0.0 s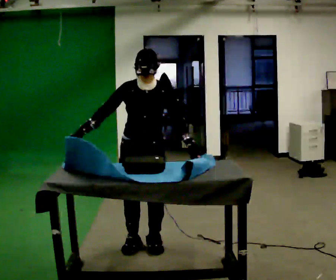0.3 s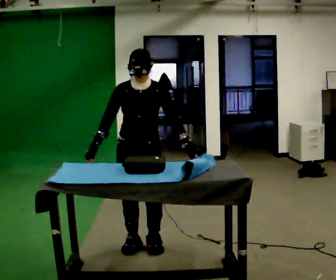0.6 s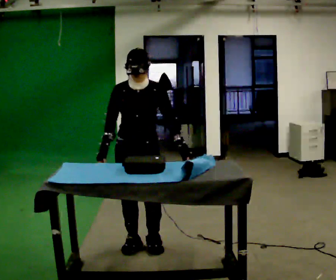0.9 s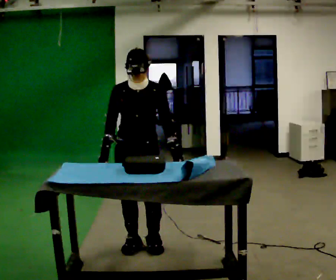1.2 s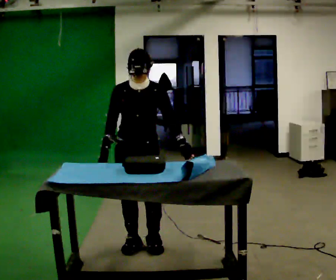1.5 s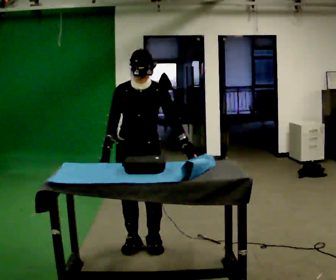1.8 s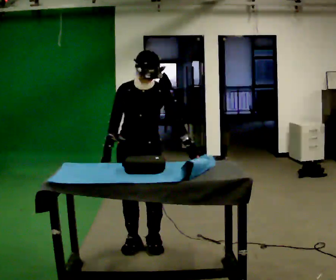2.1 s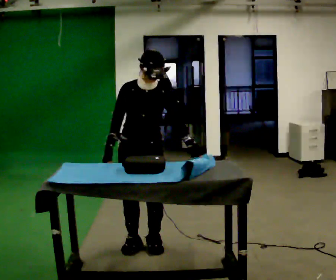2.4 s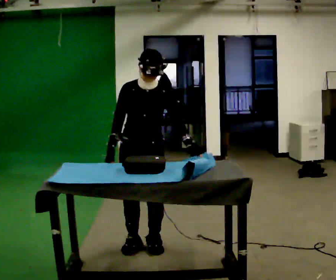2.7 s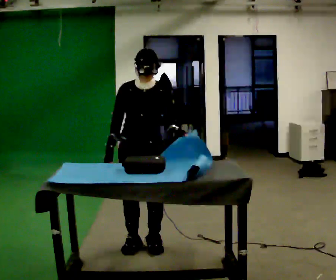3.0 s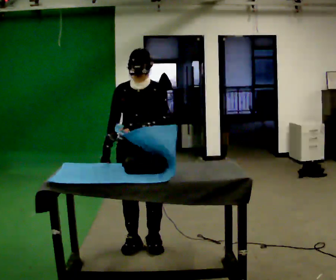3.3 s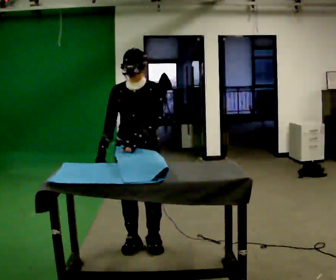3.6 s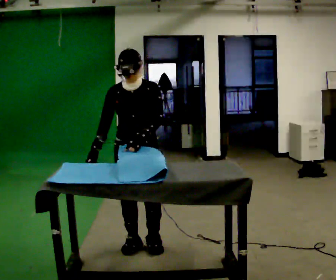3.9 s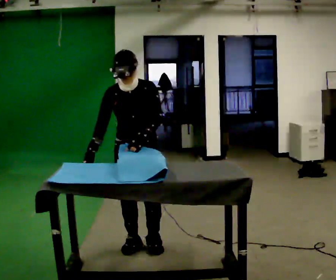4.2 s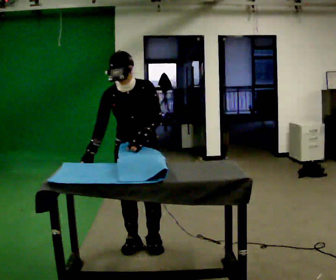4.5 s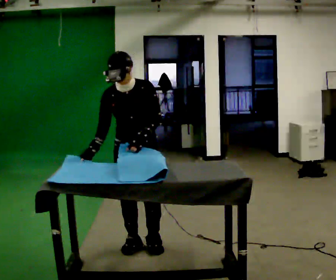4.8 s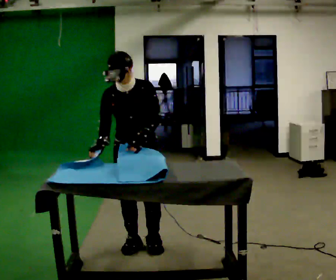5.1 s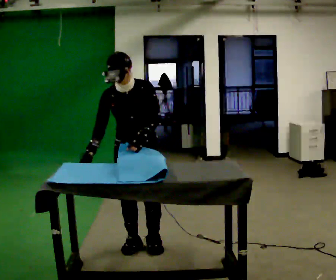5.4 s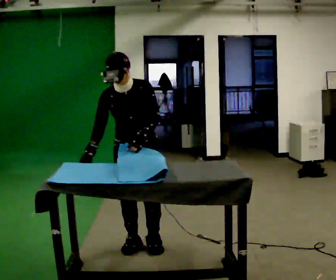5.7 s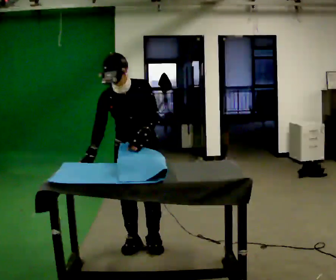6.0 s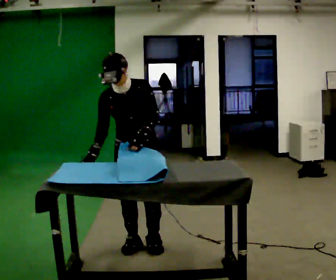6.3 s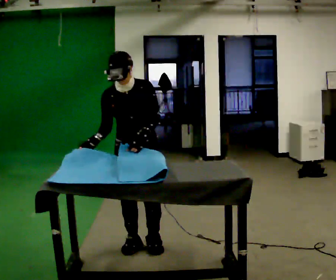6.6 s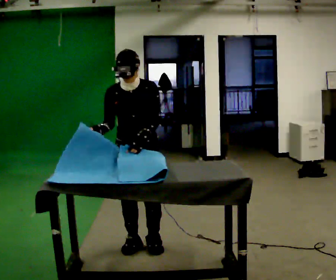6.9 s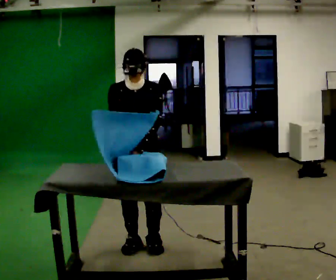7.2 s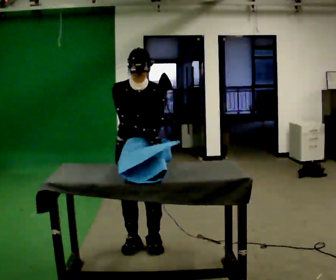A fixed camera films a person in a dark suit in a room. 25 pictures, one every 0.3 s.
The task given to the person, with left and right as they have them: Wrap the cloth around the object and tuck it in, then unwrap it. Repeat at your own pace until the operator says stop. Keep both feet on the marked spots for the whole take. If you have to step, stop and tell the operator.
0.0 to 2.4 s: The person moves a little, or ends about where they began.
2.4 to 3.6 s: In the picture their left hand goes to the left.
3.6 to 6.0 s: The person moves a little, or ends about where they began.
6.0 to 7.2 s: In the picture the upper body tilts clockwise, shoulders to the right. In the picture their right hand goes to the right.
The film runs forward here.
